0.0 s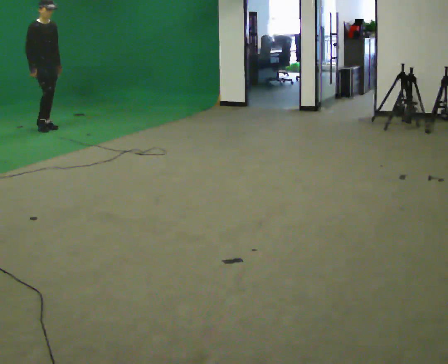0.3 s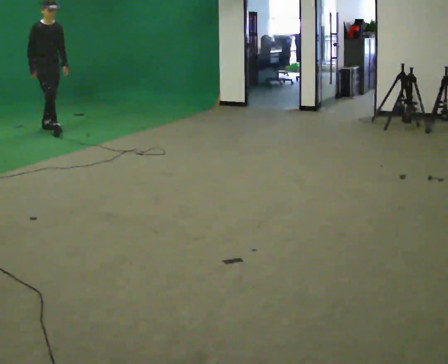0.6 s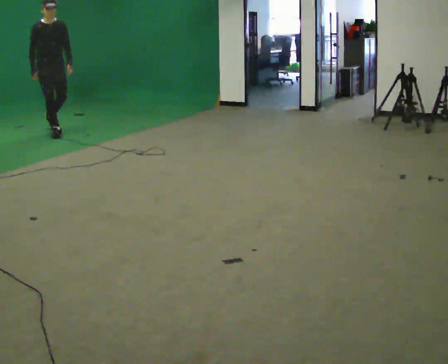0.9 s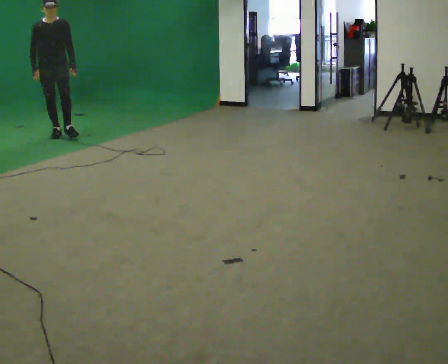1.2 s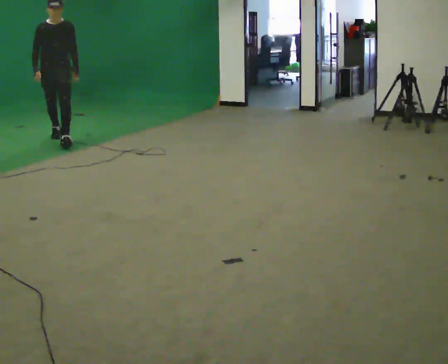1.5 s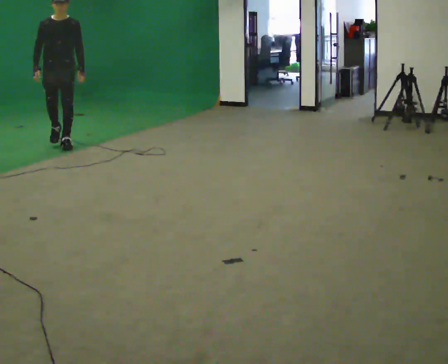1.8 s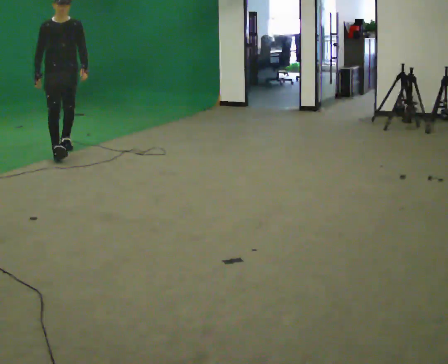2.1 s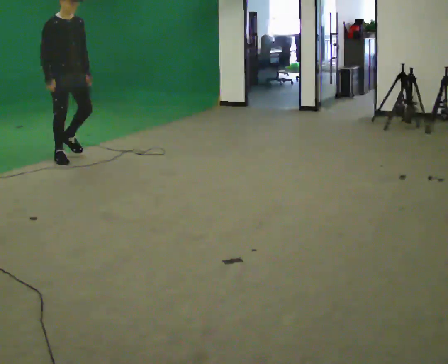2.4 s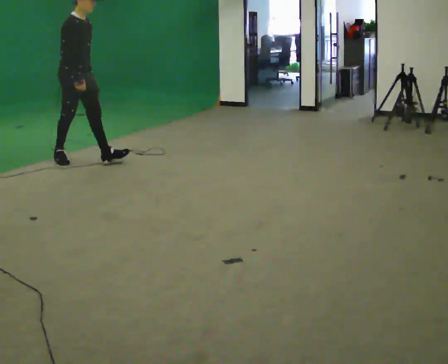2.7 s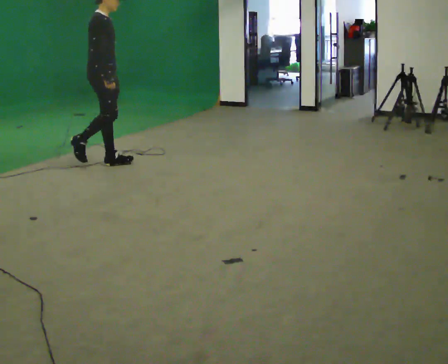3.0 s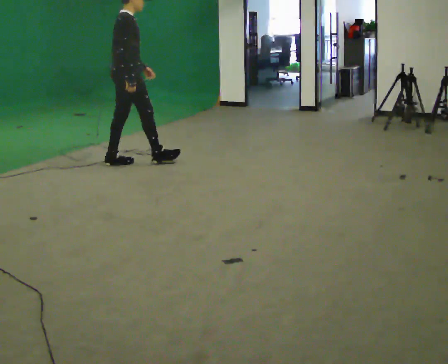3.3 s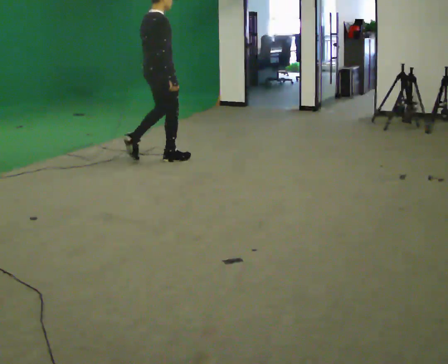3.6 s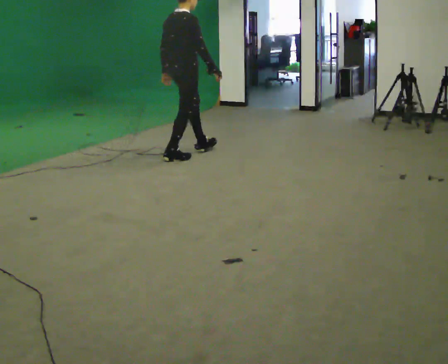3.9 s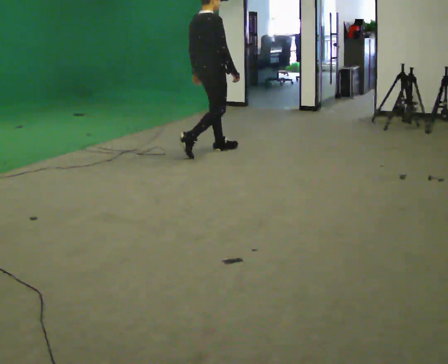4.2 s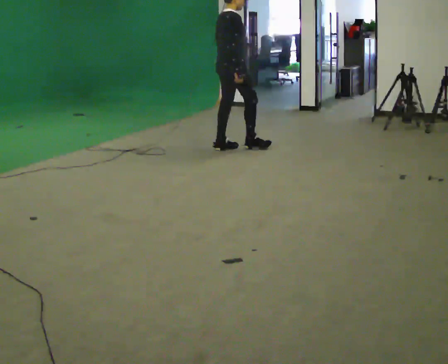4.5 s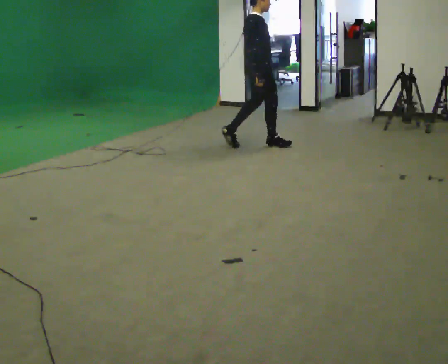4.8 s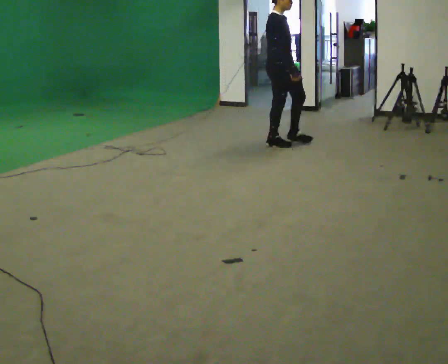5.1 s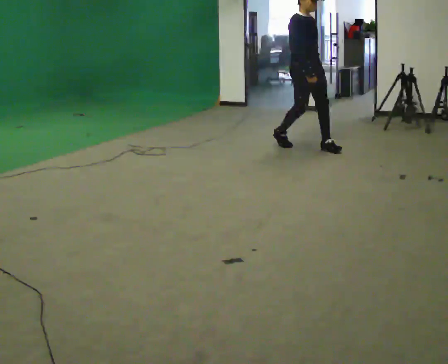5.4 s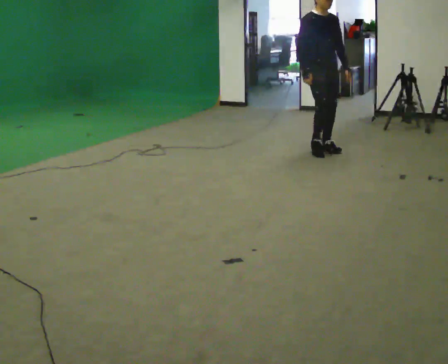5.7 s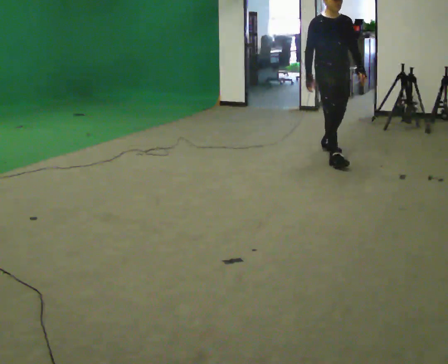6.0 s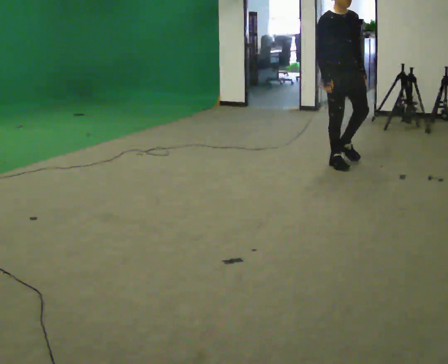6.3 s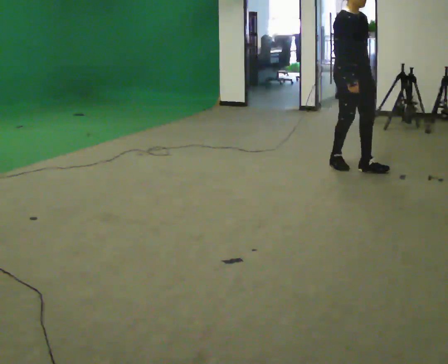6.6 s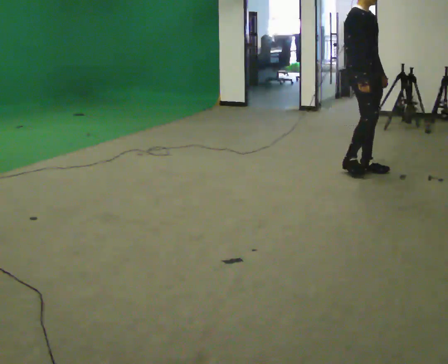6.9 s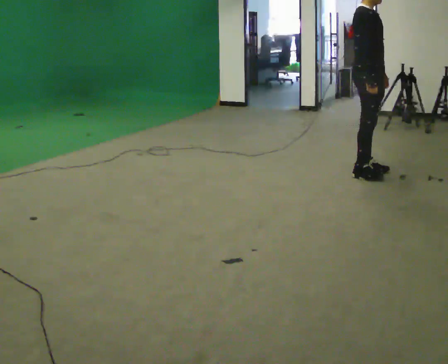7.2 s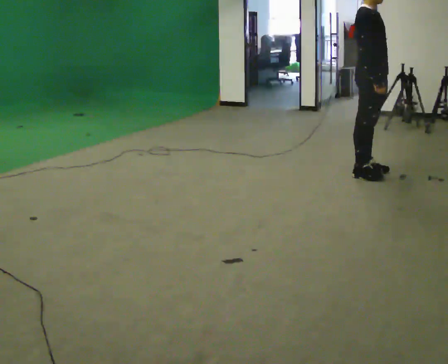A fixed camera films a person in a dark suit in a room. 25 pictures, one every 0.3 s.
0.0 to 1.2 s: The person turns about 45 degrees to their right, clockwise seen from above, so the part of the body nearest the lens slides to the left. In the picture they go toward the camera and to the right, about 1 m in 2 steps, which for them is forward.
1.2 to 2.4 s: The person turns about 60 degrees to their left, counterclockwise seen from above, so the part of the body nearest the lens slides to the right. In the picture they go toward the camera and to the right, about 1 m in 1 step, which for them is forward.
2.4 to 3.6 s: The part of the body nearest the lens slides to the right as the person turns to their left by about 45 degrees. In the picture they go to the right, about 1 m in 2 steps, which for them is forward.
3.6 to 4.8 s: The person turns about 60 degrees to their right, clockwise seen from above, so the part of the body nearest the lens slides to the left. In the picture they go to the right, about 1 m in 2 steps, which for them is forward.
4.8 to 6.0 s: The part of the body nearest the lens slides to the left as the person turns to their right by about 45 degrees. In the picture they go toward the camera and to the right, about 1 m in 2 steps, which for them is forward.
6.0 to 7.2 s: The person turns about 30 degrees to their left, counterclockwise seen from above, so the part of the body nearest the lens slides to the right. In the picture they go toward the camera, about 0.5 m in 2 steps, which for them is forward and to their right.
The film runs forward here.
